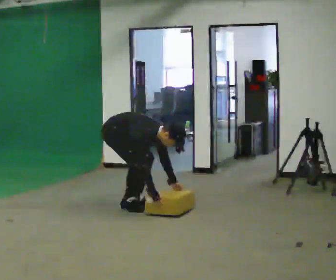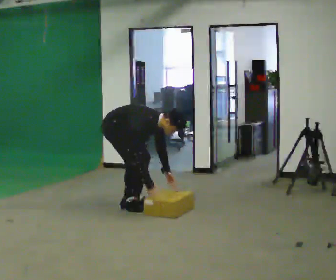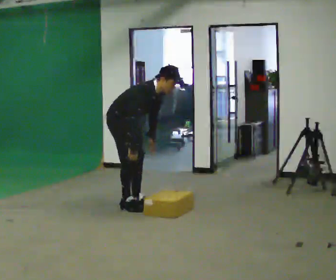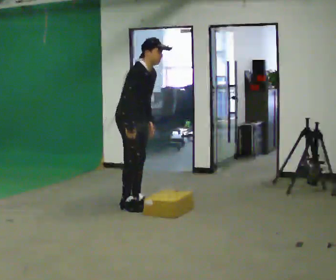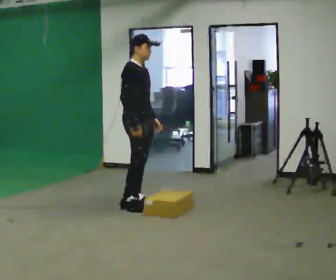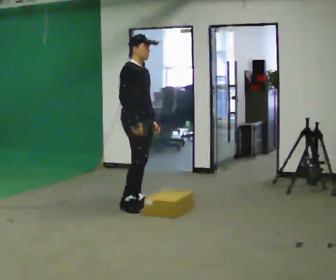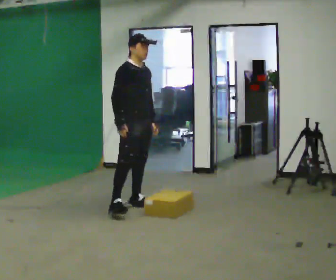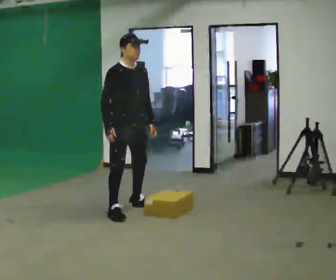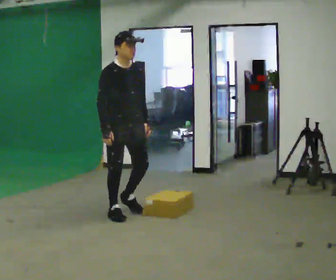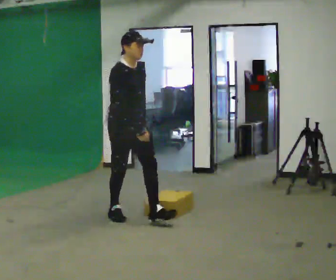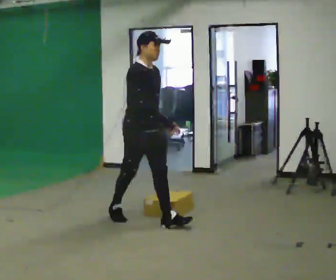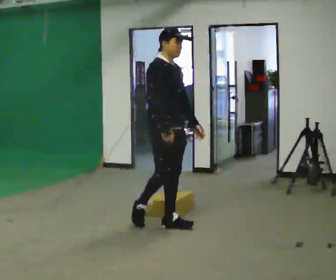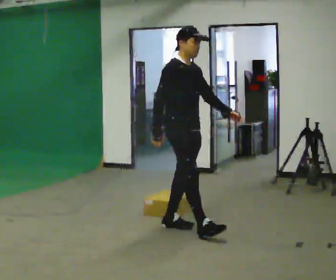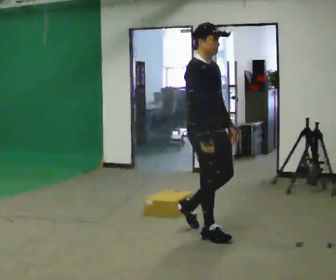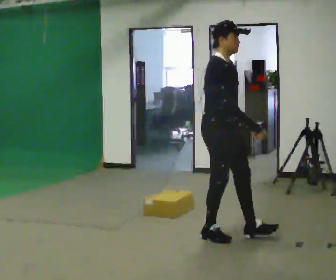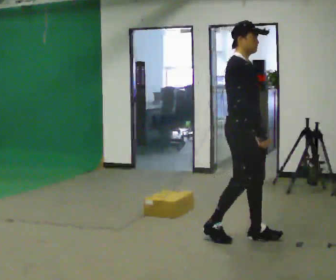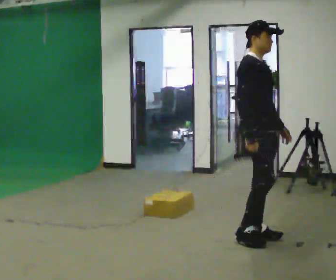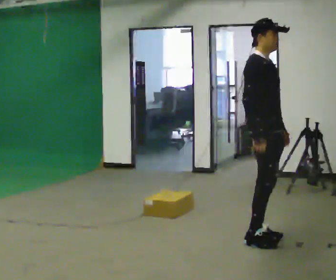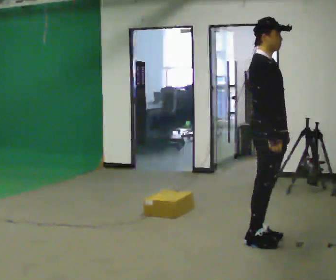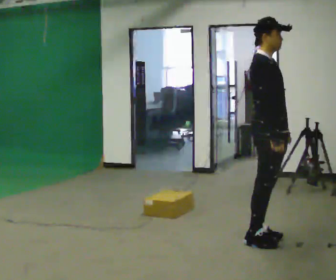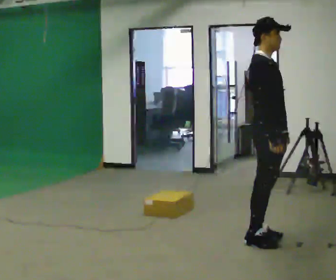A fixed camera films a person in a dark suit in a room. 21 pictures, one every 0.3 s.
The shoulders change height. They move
upward.
The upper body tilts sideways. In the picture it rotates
counterclockwise.
0.0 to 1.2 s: In the picture they go to the right, about 0.25 m, which for them is forward. The upper body goes upward. In the picture the upper body tilts counterclockwise, shoulders to the left, as they lean back or straighten. In the picture their left hand goes upward.
1.2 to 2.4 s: The part of the body nearest the lens slides to the left as the person turns to their right by about 30 degrees. In the picture they go toward the camera, about 0.5 m in 1 step, which for them is to their right.
2.4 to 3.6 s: In the picture they go to the right and toward the camera, about 1 m in 1 step, which for them is forward.
3.6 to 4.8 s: In the picture they go to the right and toward the camera, about 0.75 m in 2 steps, which for them is forward.
4.8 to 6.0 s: The person moves a little, or ends about where they began.
The film runs forward here.
